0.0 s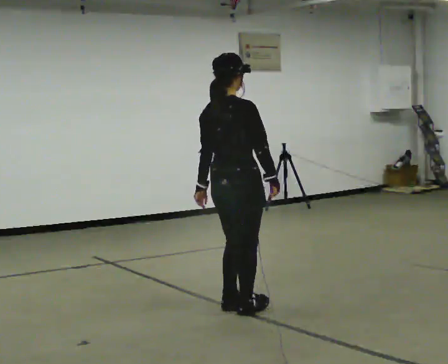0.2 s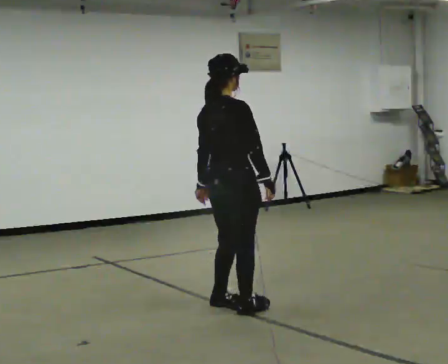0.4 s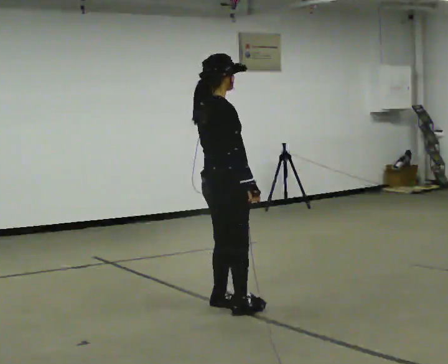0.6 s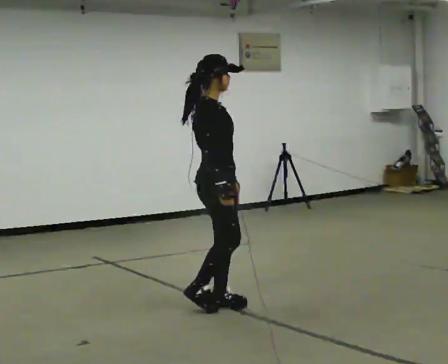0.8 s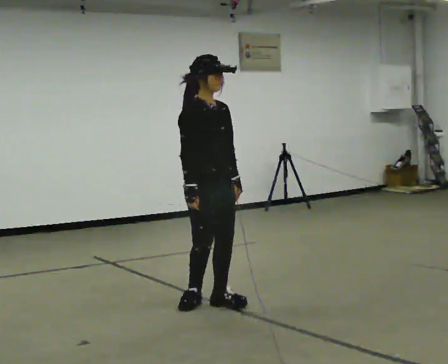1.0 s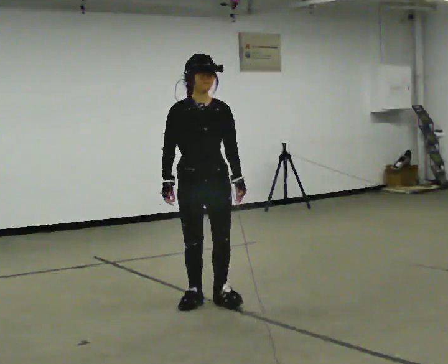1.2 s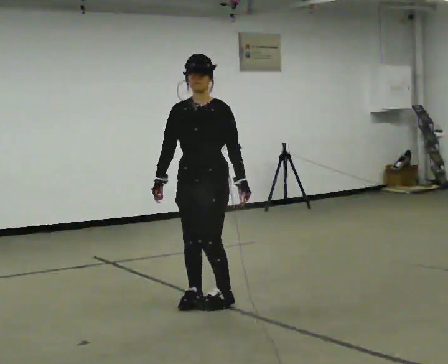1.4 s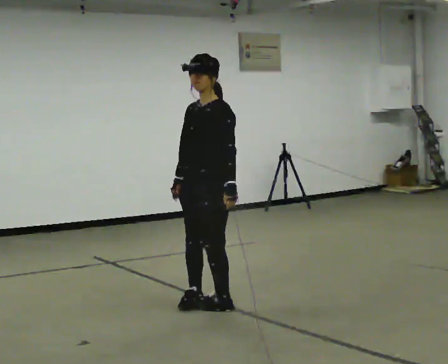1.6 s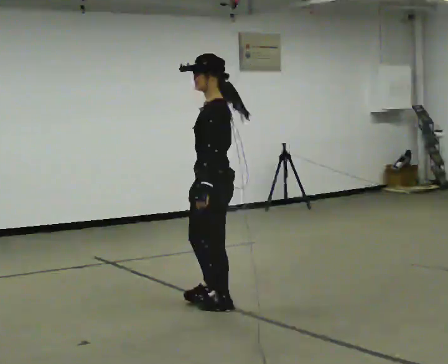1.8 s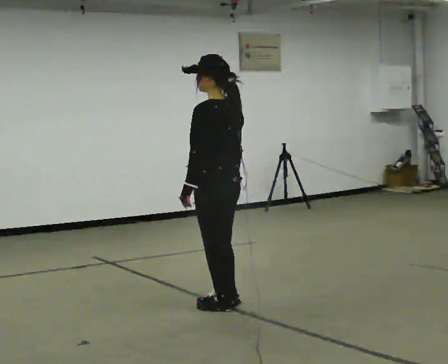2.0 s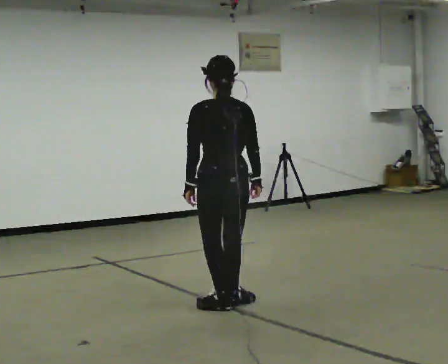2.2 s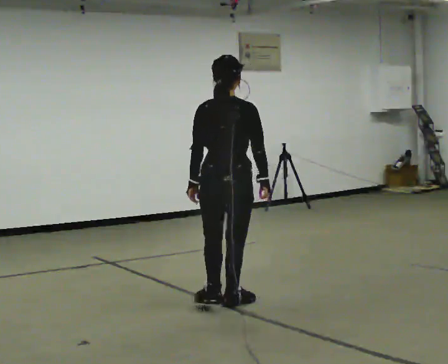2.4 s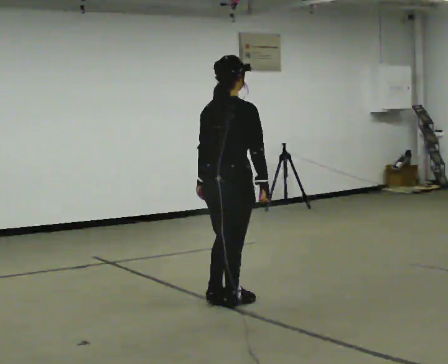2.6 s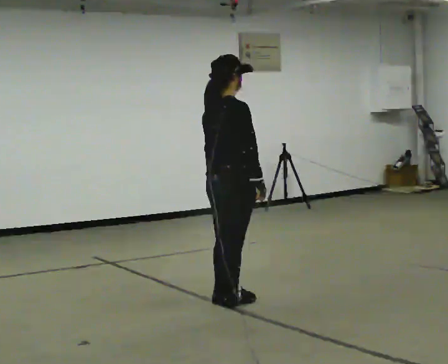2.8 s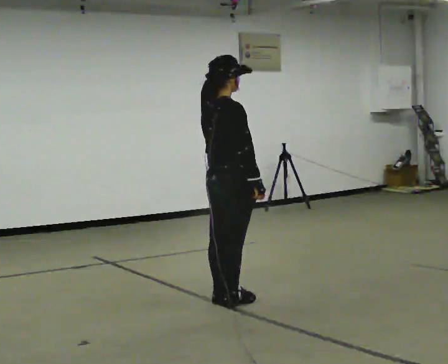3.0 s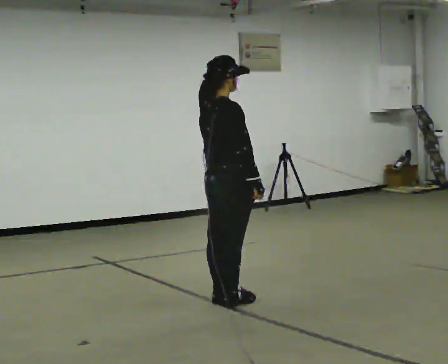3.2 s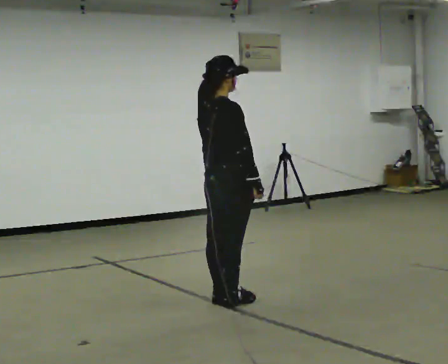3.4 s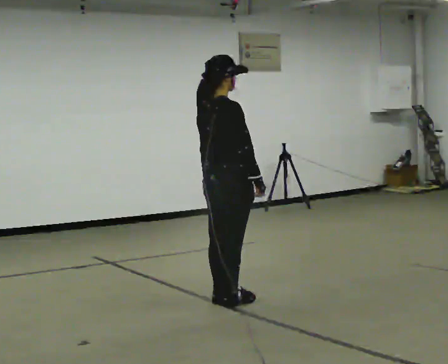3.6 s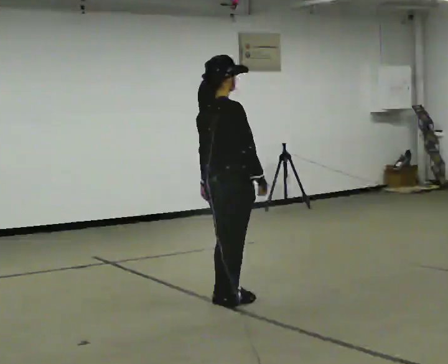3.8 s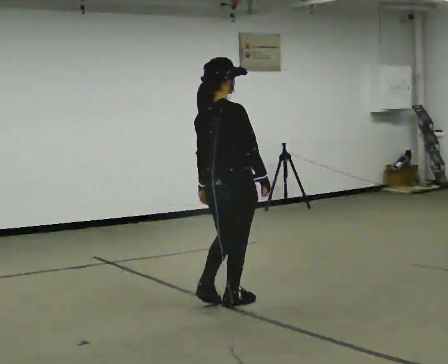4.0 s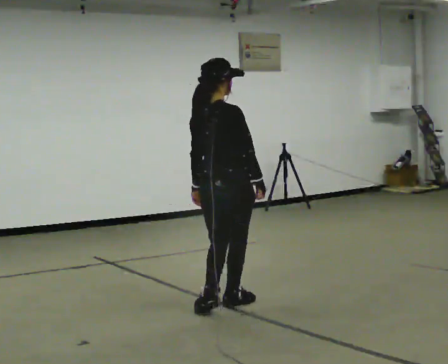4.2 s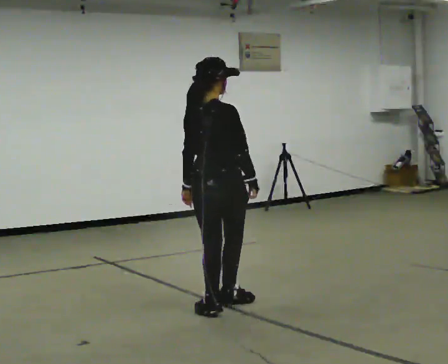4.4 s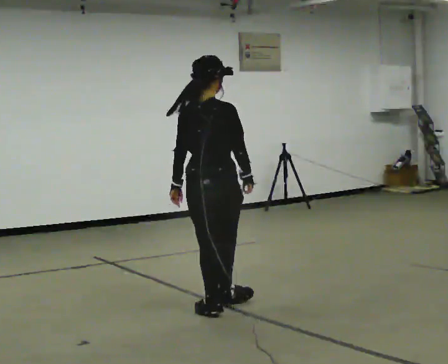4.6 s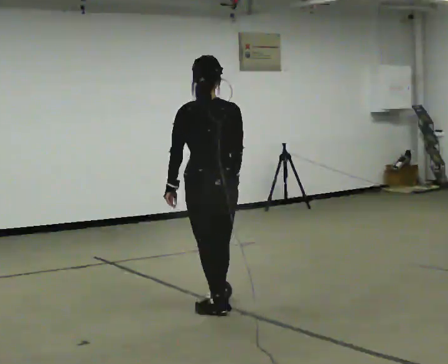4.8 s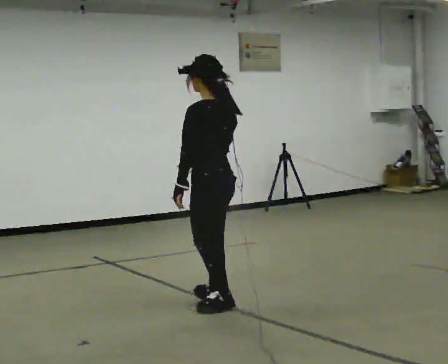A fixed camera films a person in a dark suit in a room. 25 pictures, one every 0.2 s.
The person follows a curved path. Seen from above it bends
counterclockwise.
0.0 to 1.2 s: The part of the body nearest the lens slides to the left as the person turns to their right by about 150 degrees. In the picture they go away from the camera and to the left, about 0.25 m in 2 steps.
1.2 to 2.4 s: The person turns about 195 degrees to their right, clockwise seen from above, so the part of the body nearest the lens slides to the left. In the picture their right hand goes to the right, the arm swinging counterclockwise.
2.4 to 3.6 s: The person moves a little, or ends about where they began.
3.6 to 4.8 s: The part of the body nearest the lens slides to the right as the person turns to their left by about 105 degrees.
The film runs backward here.
